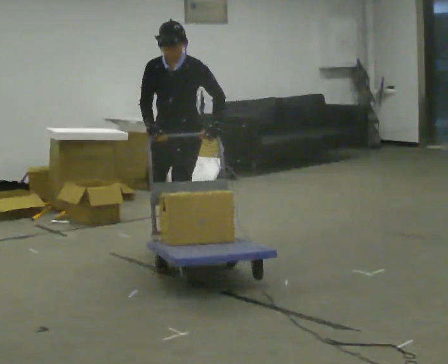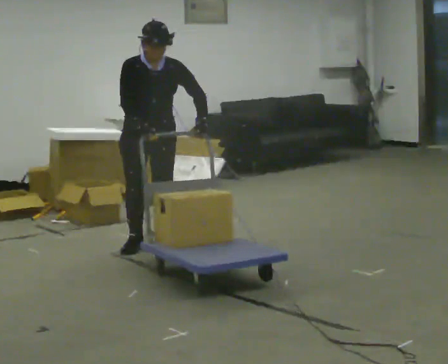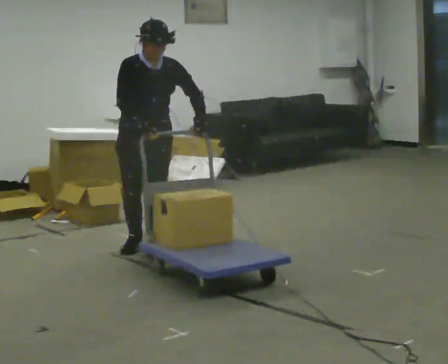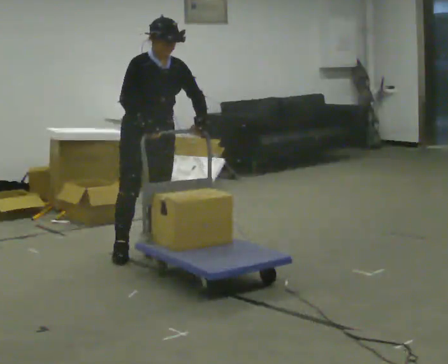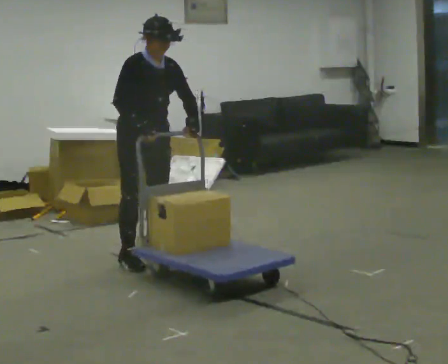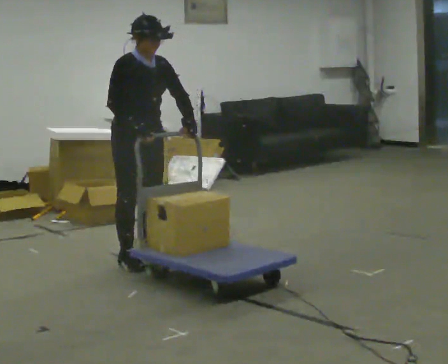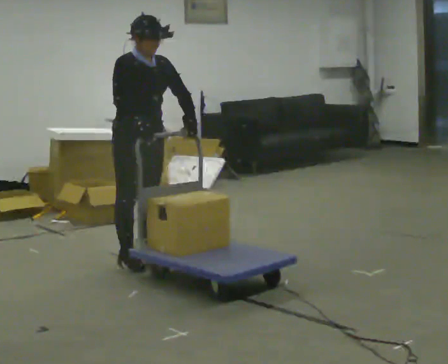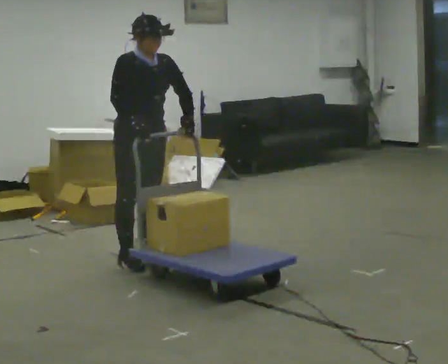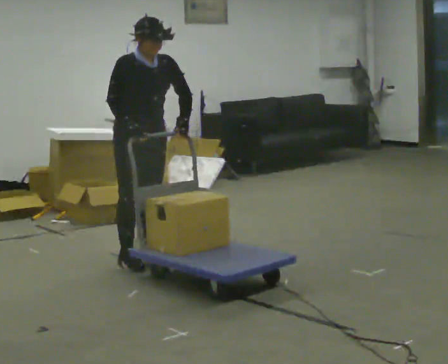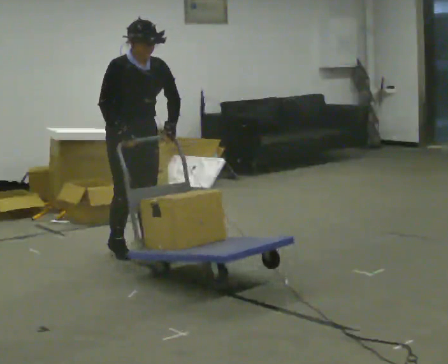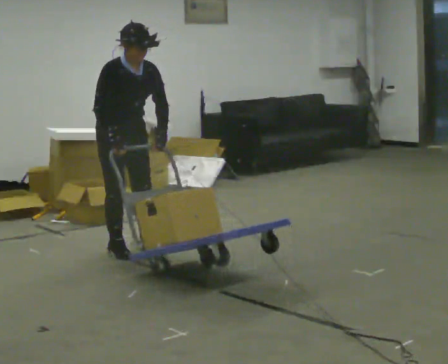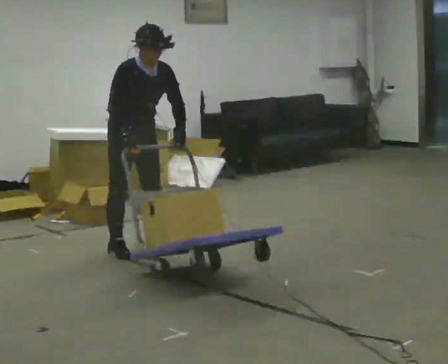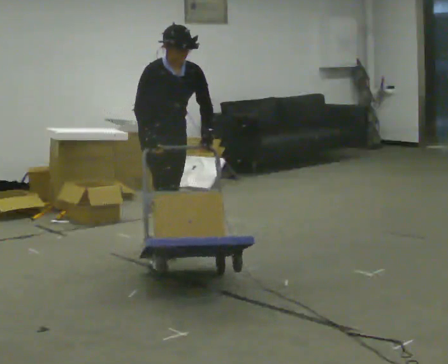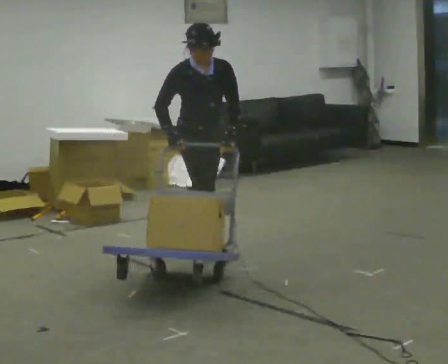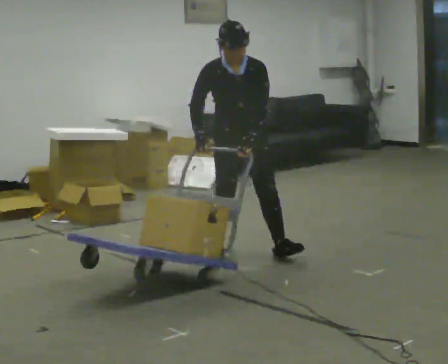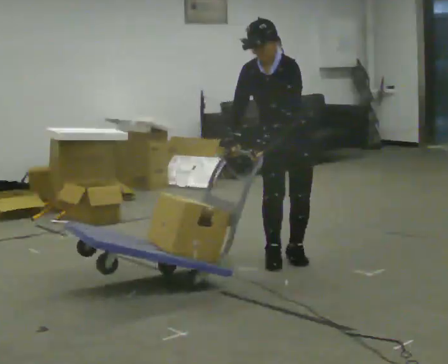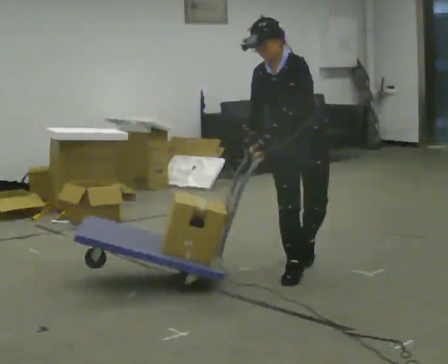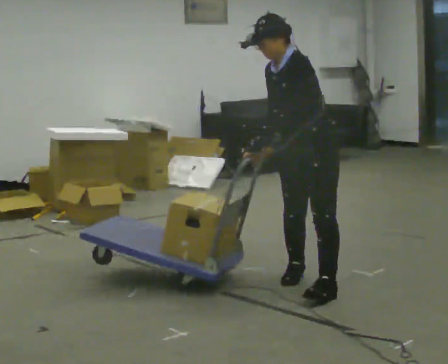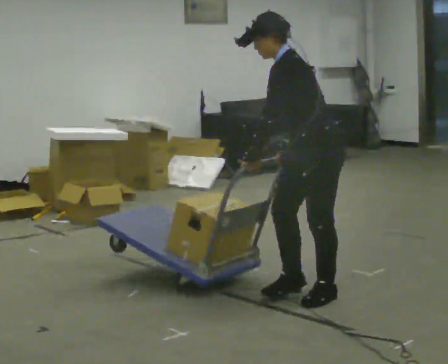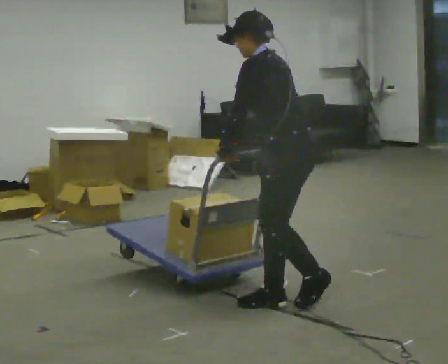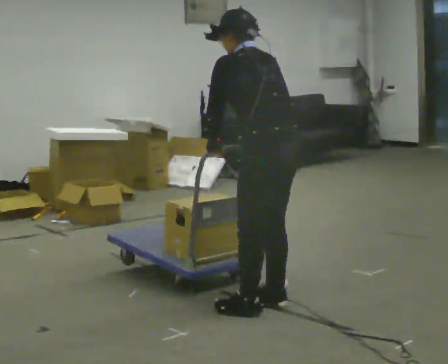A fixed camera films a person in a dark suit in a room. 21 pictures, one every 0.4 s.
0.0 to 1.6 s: The person turns about 75 degrees to their left, counterclockwise seen from above, so the part of the body nearest the lens slides to the right. In the picture they go toward the camera and to the left, about 0.5 m in 3 steps.
1.6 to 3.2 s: The person moves a little, or ends about where they began.
3.2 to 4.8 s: In the picture they go away from the camera, about 0.25 m in 2 steps, which for them is to their left and backward.
4.8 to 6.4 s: Seen from above the body turns clockwise, about 60 degrees: to their right, with its near side sliding to the left. In the picture they go to the right and toward the camera, about 1 m in 3 steps. In the picture the upper body tilts counterclockwise, shoulders to the left.
6.4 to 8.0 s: Seen from above the body turns clockwise, about 105 degrees: to their right, with its near side sliding to the left. In the picture they go toward the camera, about 0.5 m in 3 steps. The upper body tips away from the camera, its near side rolling upward.
The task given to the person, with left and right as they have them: Turn the cart round to face the other way without moving it out of the marked square, then turn it back. Repeat until the operator says stop.
The film runs forward here.
